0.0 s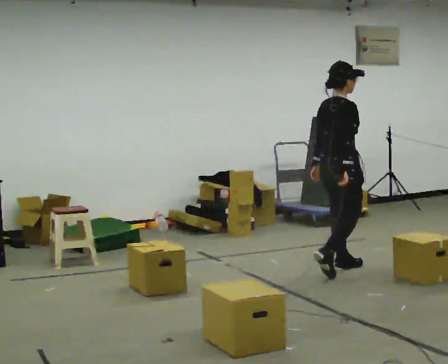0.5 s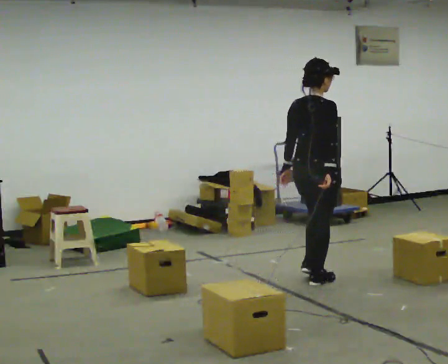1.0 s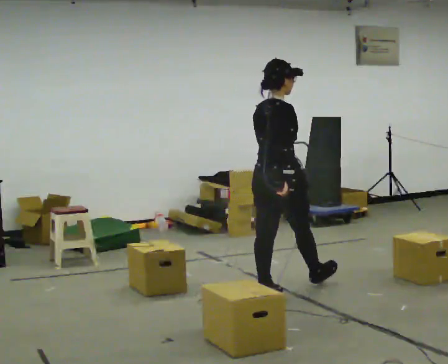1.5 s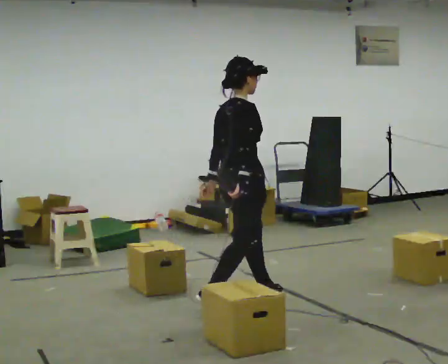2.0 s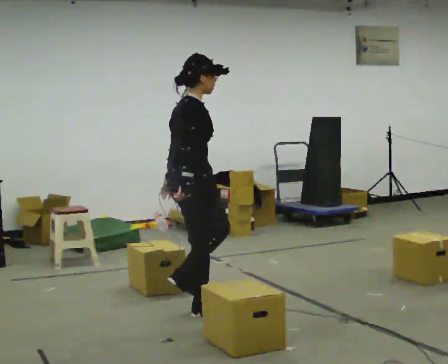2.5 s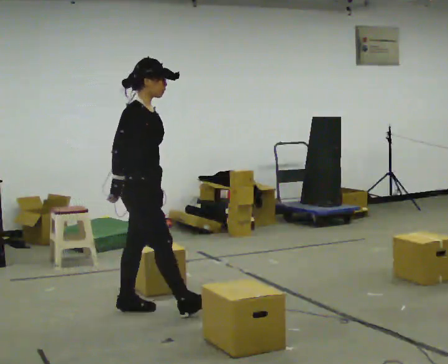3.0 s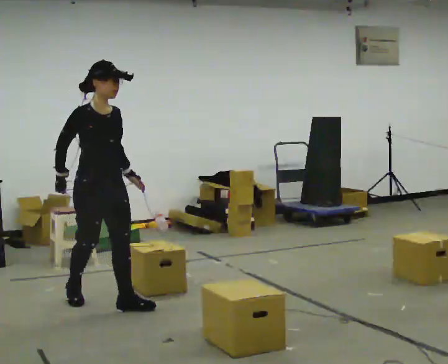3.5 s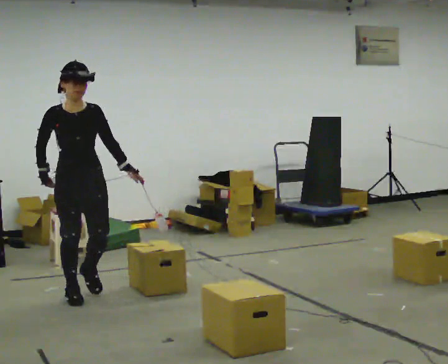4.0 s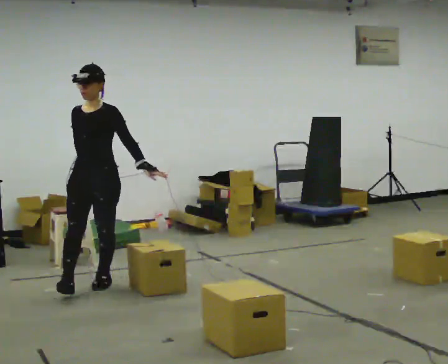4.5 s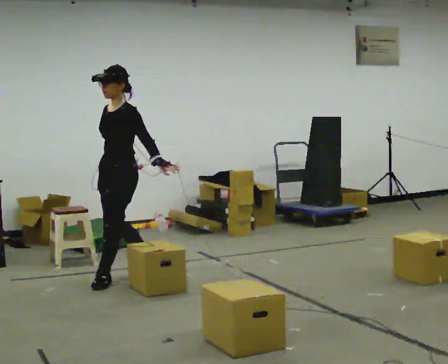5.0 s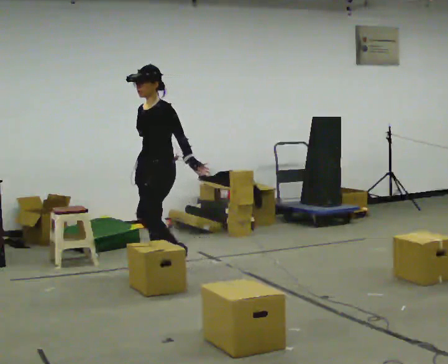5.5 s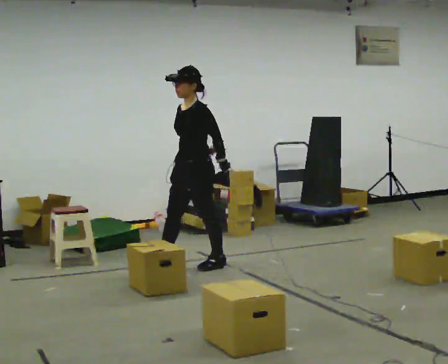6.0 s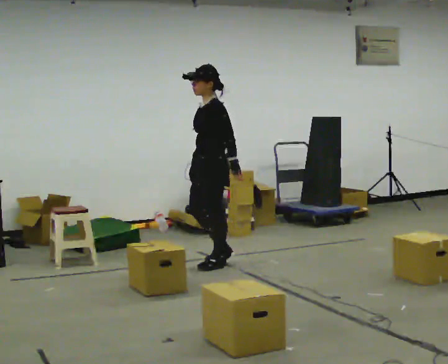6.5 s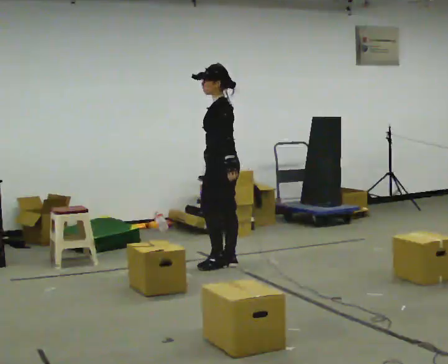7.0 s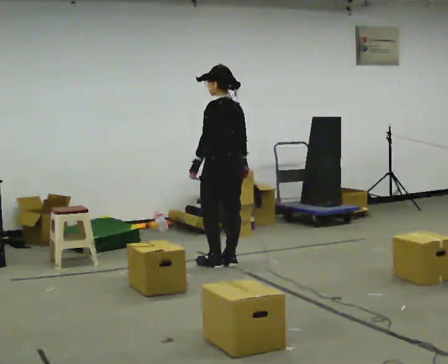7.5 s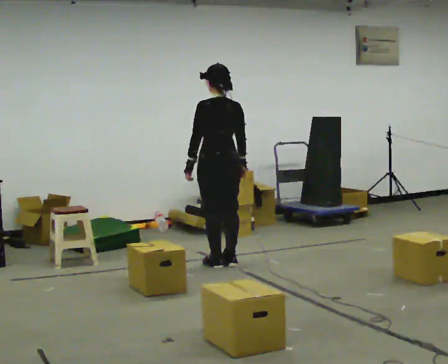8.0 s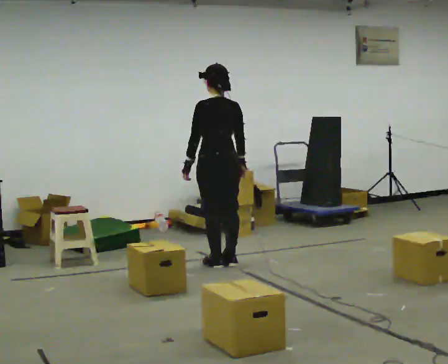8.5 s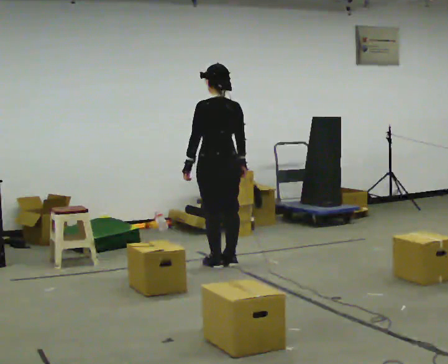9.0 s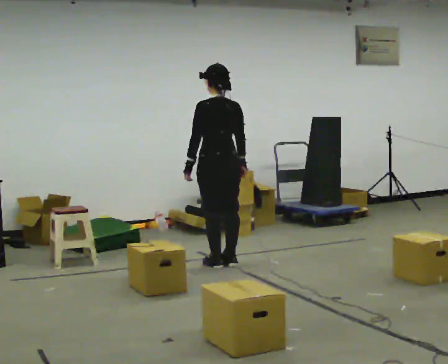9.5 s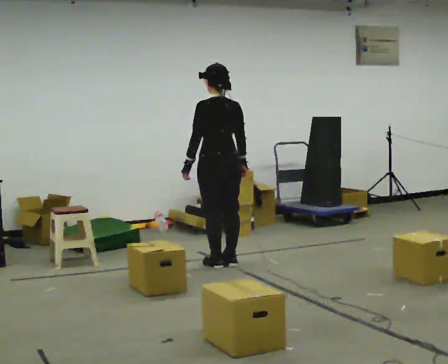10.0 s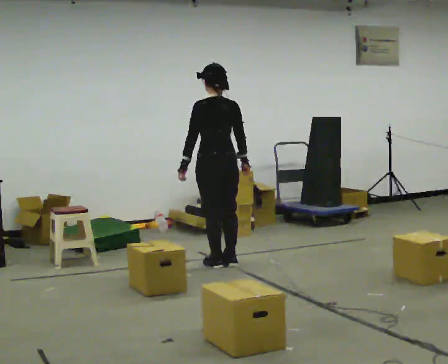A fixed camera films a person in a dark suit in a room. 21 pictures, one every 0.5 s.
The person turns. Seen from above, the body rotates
clockwise.
The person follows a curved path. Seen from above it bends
clockwise.
0.0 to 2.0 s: In the picture they go to the left and toward the camera, about 1.5 m in 3 steps, which for them is backward.
2.0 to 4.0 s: The person turns about 120 degrees to their right, clockwise seen from above, so the part of the body nearest the lens slides to the left. In the picture they go away from the camera and to the left, about 1 m in 3 steps.
4.0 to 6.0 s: The person turns about 60 degrees to their right, clockwise seen from above, so the part of the body nearest the lens slides to the left. In the picture they go to the right and away from the camera, about 1 m in 2 steps.
6.0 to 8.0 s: The part of the body nearest the lens slides to the left as the person turns to their right by about 75 degrees. In the picture their left hand goes to the left, the arm swinging clockwise.
8.0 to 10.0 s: The person moves a little, or ends about where they began.
The film runs backward here.
